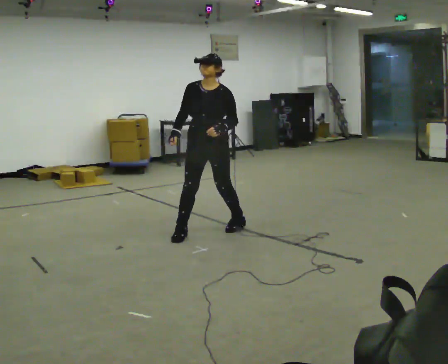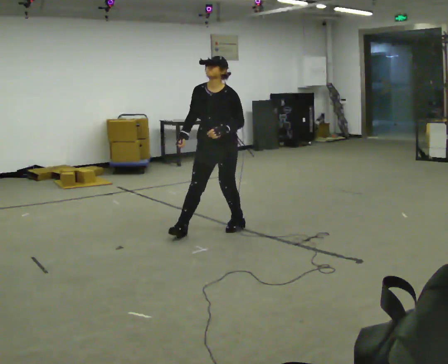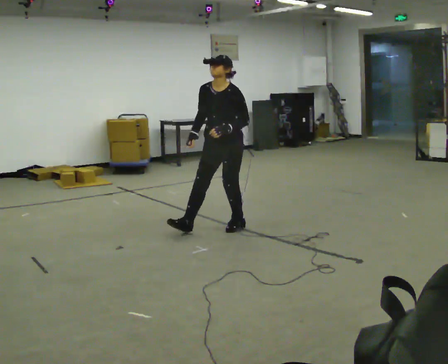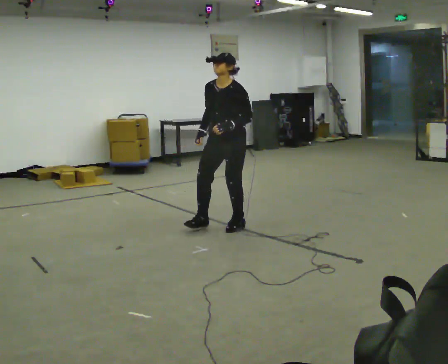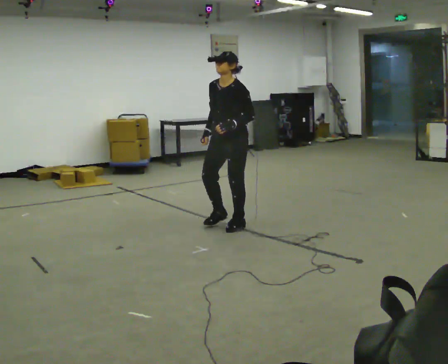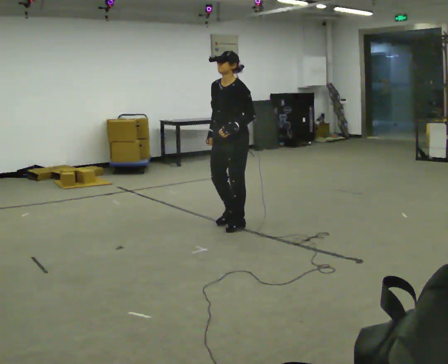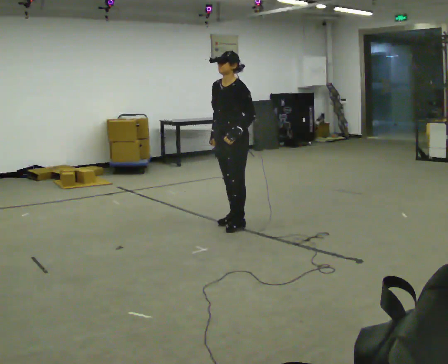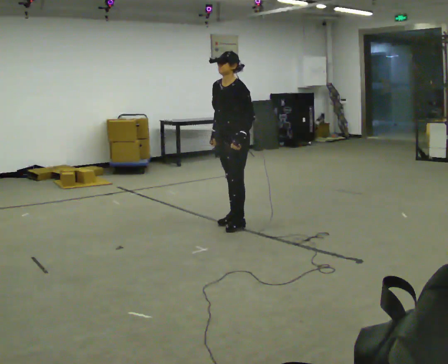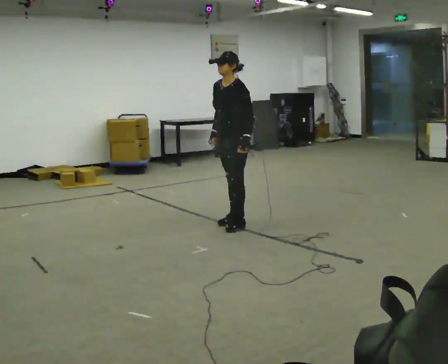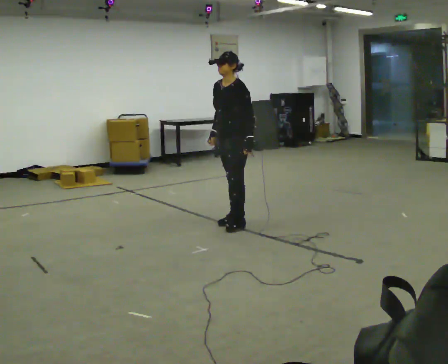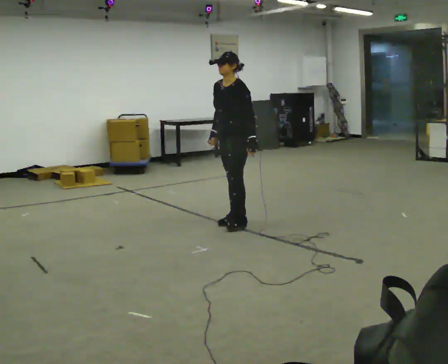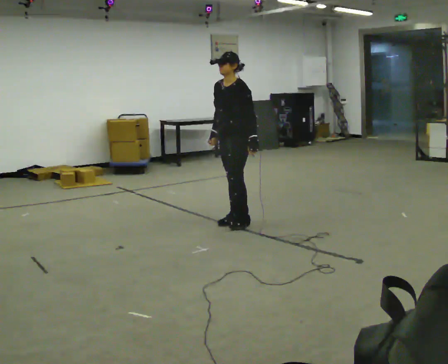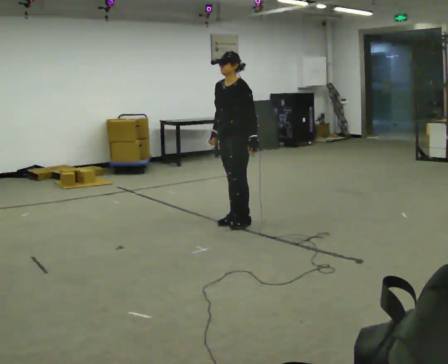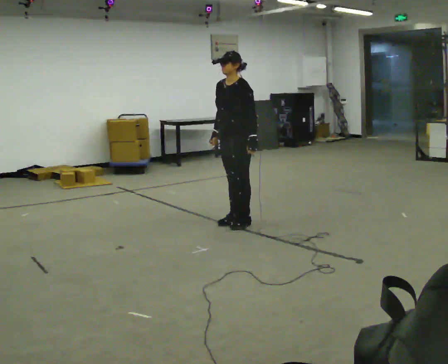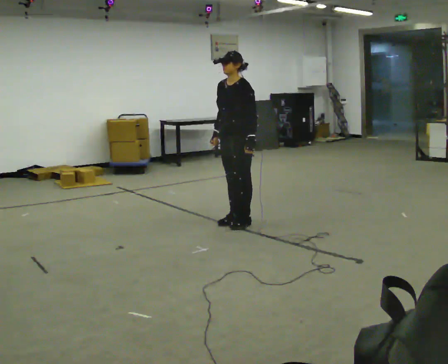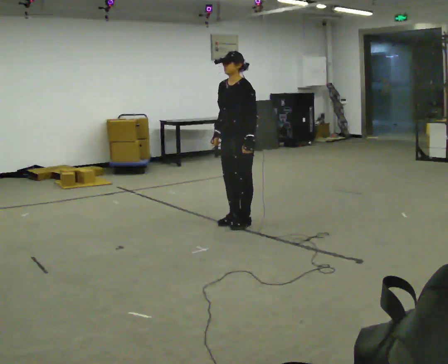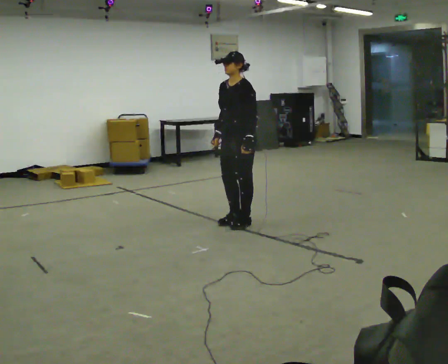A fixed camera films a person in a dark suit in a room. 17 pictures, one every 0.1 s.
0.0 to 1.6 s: The part of the body nearest the lens slides to the left as the person turns to their right by about 30 degrees. In the picture they go to the right and away from the camera, about 0.25 m in 1 step, which for them is backward.
The film runs forward here.
